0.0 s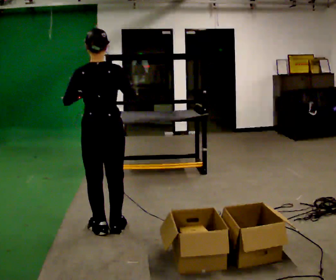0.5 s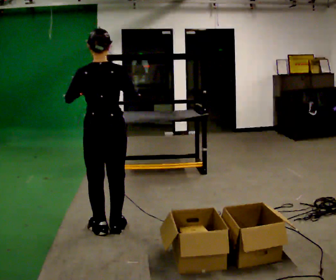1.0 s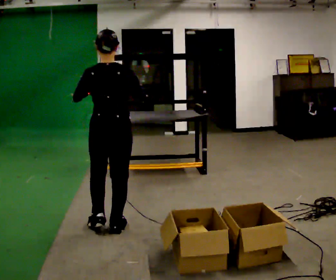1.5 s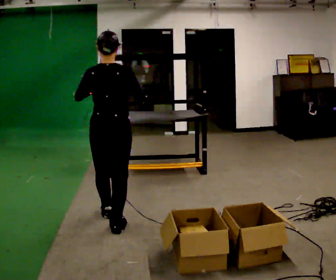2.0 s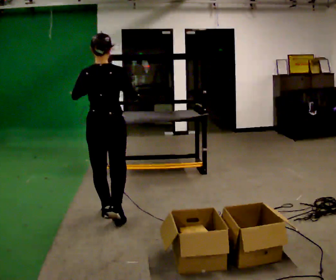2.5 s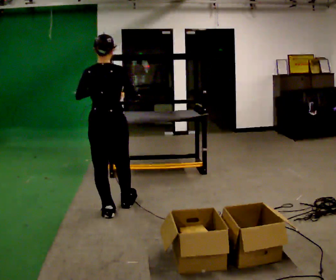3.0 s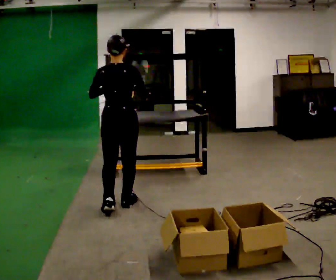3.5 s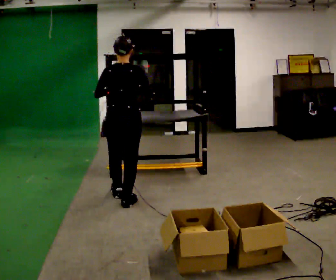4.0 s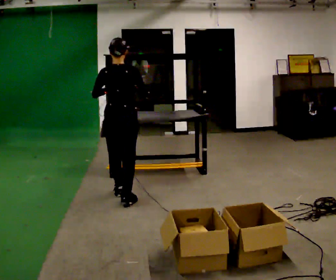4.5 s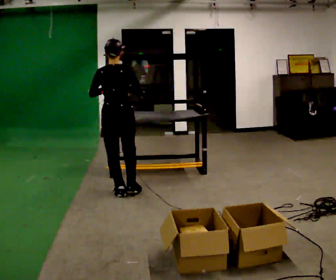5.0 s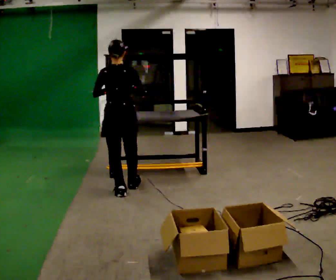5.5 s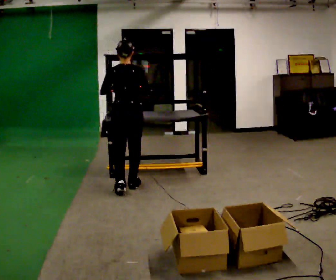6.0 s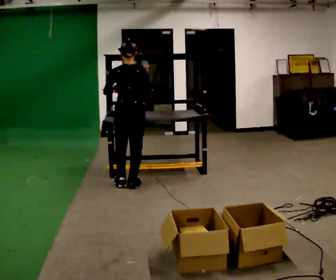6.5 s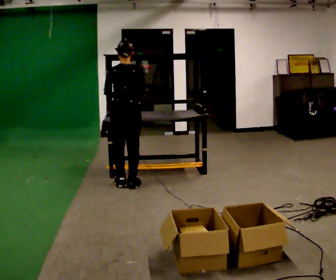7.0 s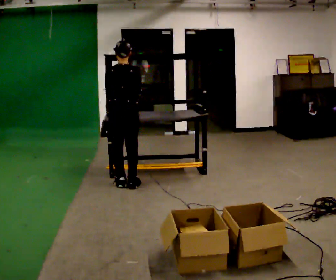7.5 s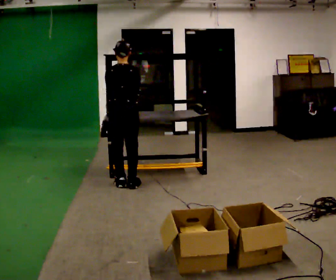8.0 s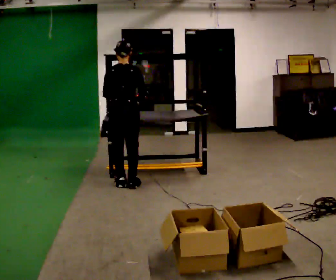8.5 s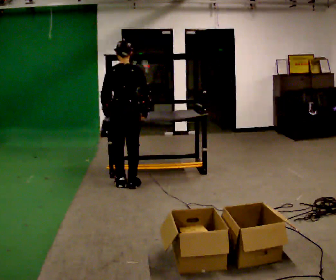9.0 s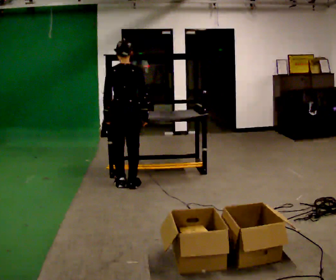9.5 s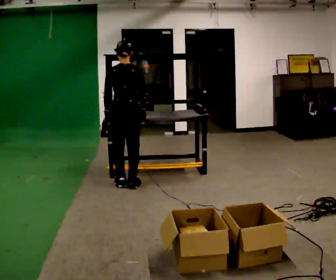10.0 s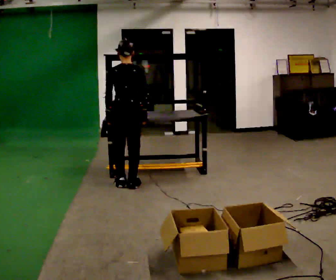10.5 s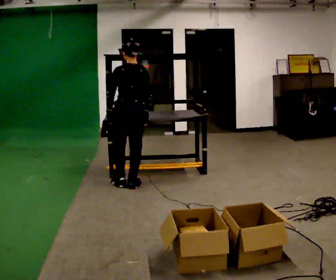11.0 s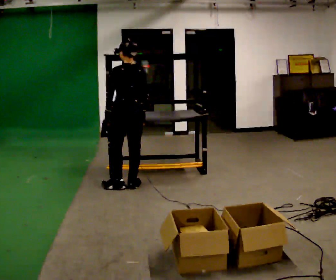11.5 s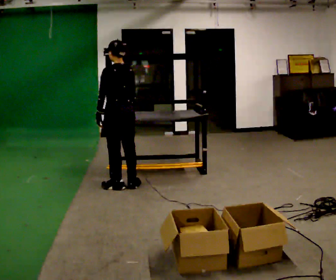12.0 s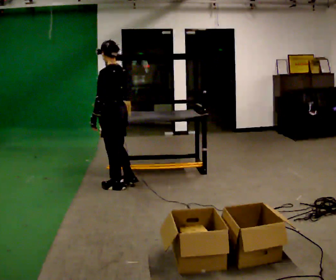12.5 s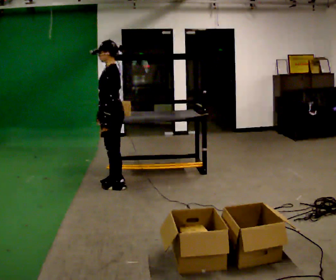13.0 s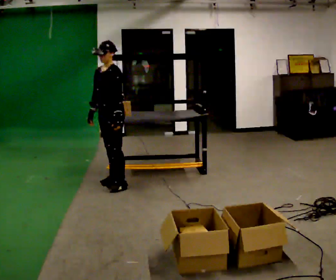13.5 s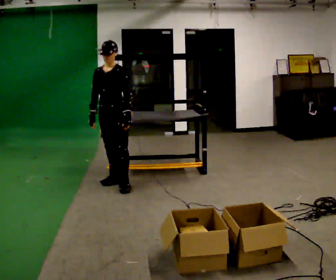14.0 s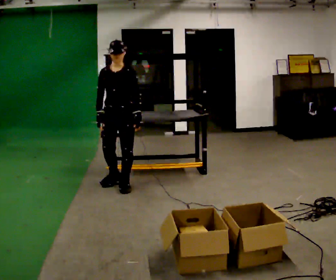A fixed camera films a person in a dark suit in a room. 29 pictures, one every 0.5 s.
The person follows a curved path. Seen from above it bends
counterclockwise.
The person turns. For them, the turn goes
to their left.
0.0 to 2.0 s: In the picture they go away from the camera, about 0.25 m in 1 step, which for them is forward.
2.0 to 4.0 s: In the picture they go away from the camera, about 0.5 m in 2 steps, which for them is forward.
4.0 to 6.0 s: In the picture they go away from the camera, about 0.5 m in 2 steps, which for them is forward.
6.0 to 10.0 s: The person moves a little, or ends about where they began.
10.0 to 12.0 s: The part of the body nearest the lens slides to the right as the person turns to their left by about 60 degrees. In the picture their right hand goes to the left.
12.0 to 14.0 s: Seen from above the body turns counterclockwise, about 105 degrees: to their left, with its near side sliding to the right.
The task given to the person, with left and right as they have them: 1. Look at the shelf and see which spaces are empty. 2. Find matching items in the bins on the floor. 3. Fill the empty spaces on the shelf. 4. Tell the operator when you are finished.
The film runs forward here.
